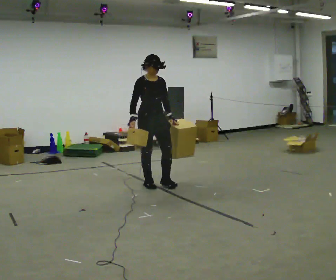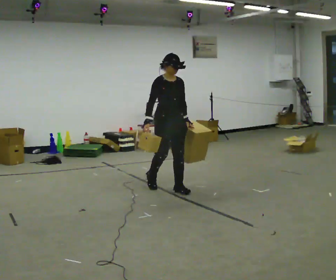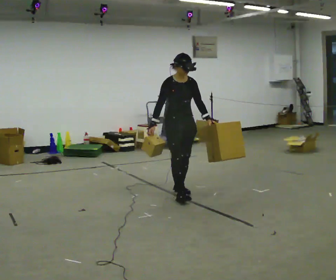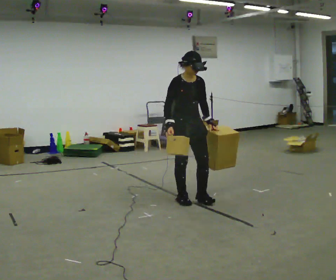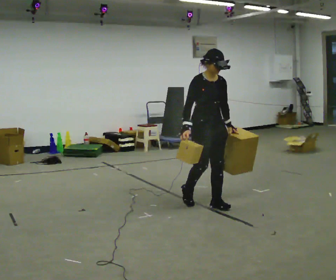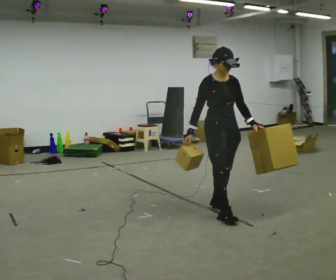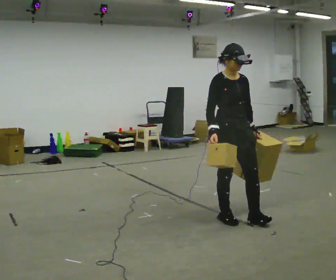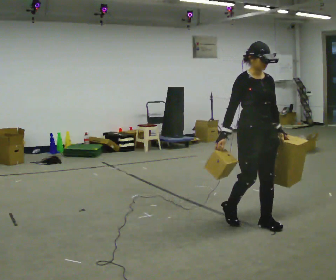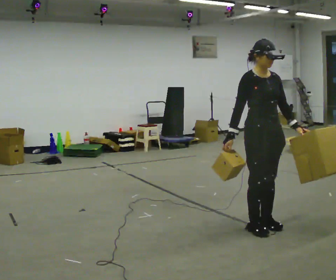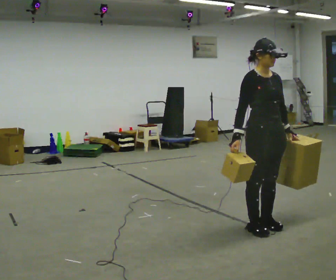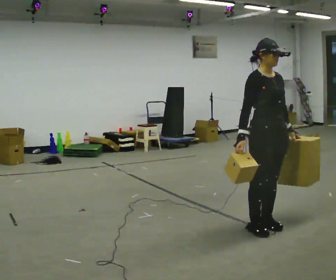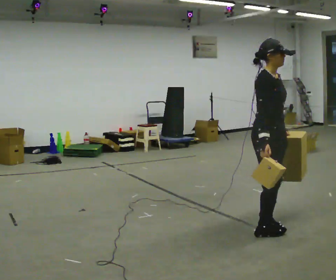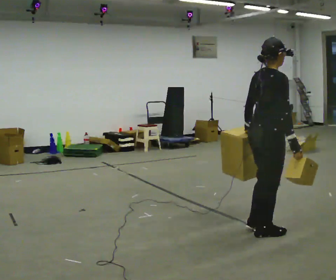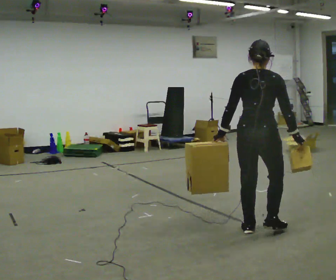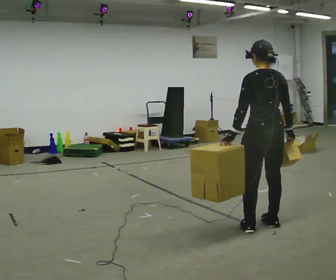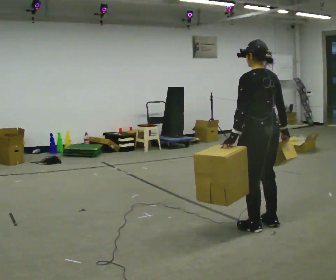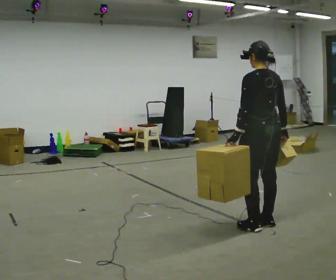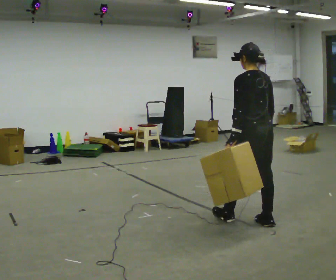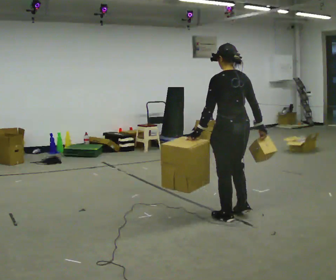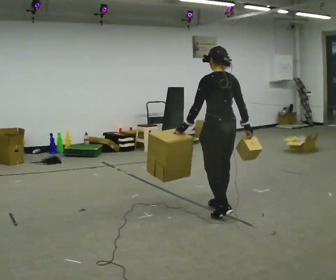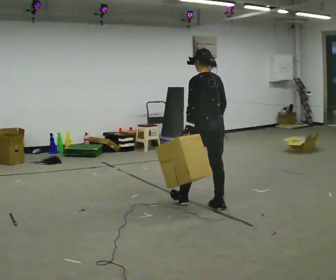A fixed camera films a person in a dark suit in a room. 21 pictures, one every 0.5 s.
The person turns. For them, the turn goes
to their left.
The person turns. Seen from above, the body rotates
counterclockwise.
0.0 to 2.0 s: In the picture they go to the right and toward the camera, about 1 m in 3 steps, which for them is forward.
2.0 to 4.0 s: In the picture they go toward the camera and to the right, about 1 m in 3 steps, which for them is forward.
4.0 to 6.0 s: The part of the body nearest the lens slides to the right as the person turns to their left by about 75 degrees. In the picture they go toward the camera, about 0.25 m in 1 step. In the picture their left hand goes to the left, the arm swinging clockwise.
6.0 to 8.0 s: Seen from above the body turns counterclockwise, about 105 degrees: to their left, with its near side sliding to the right. In the picture they go away from the camera, about 0.25 m in 2 steps.
8.0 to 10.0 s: In the picture they go away from the camera and to the left, about 1 m in 2 steps, which for them is forward.
The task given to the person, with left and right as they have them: Carry one object in each hand, the heavy one in the hand the operator calls, walking back and forth across the room.
The film runs forward here.
